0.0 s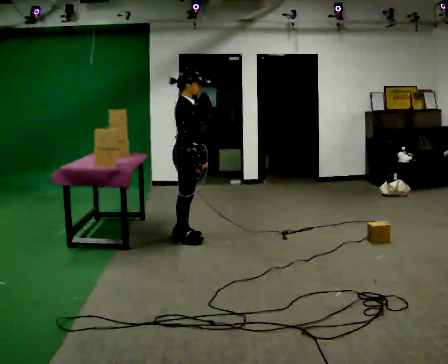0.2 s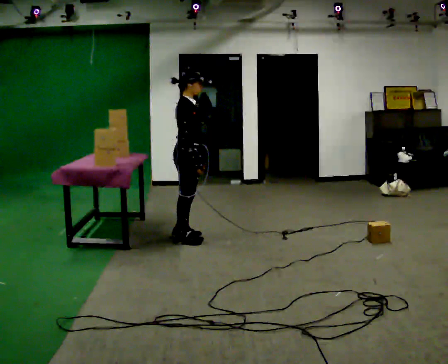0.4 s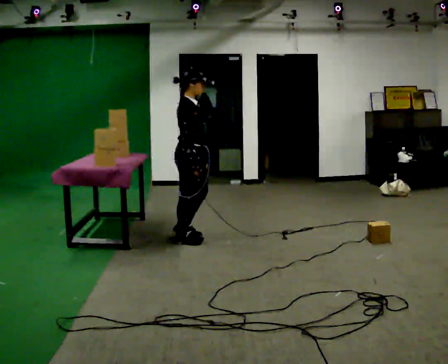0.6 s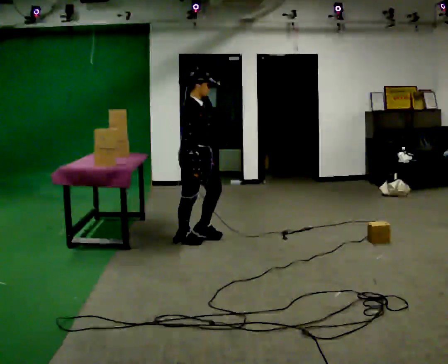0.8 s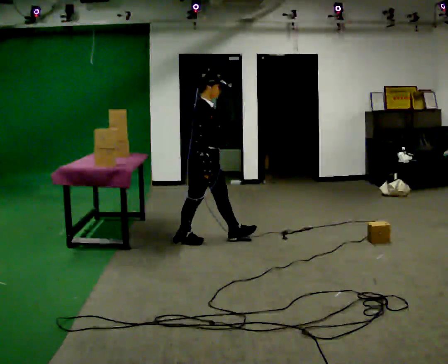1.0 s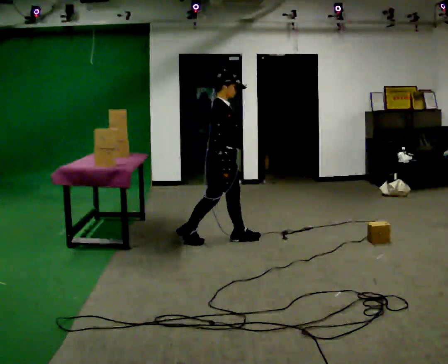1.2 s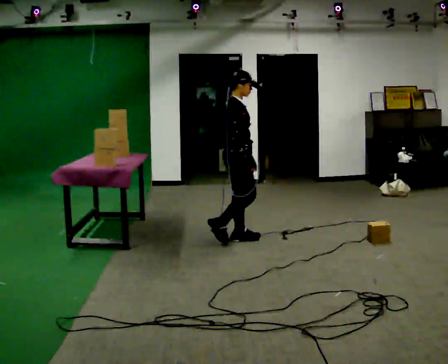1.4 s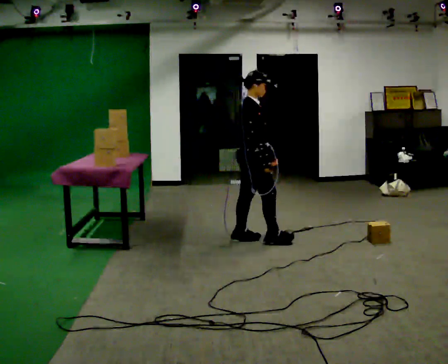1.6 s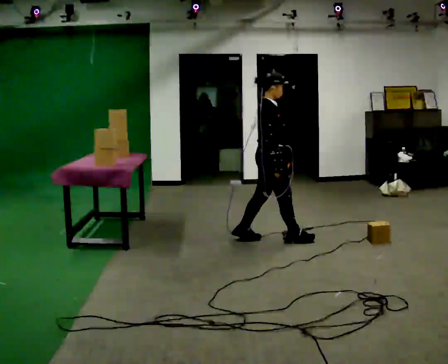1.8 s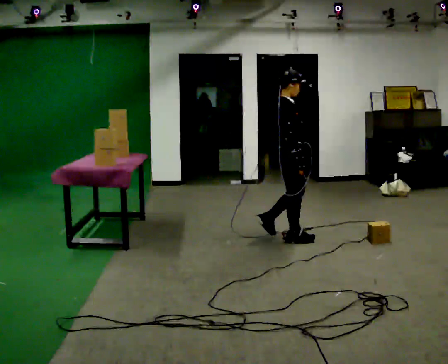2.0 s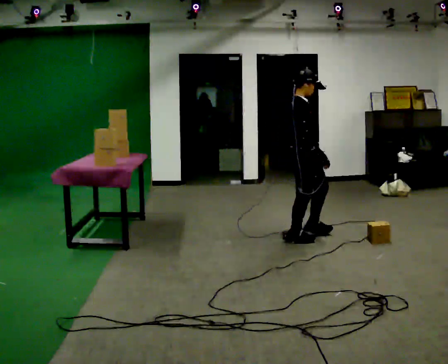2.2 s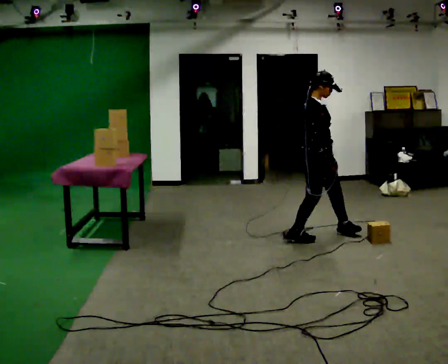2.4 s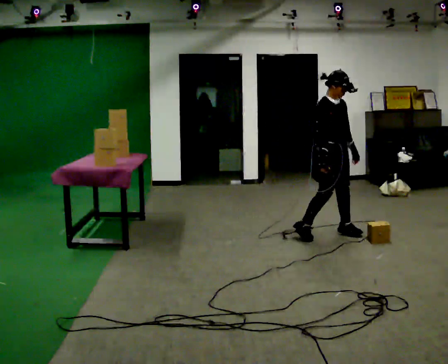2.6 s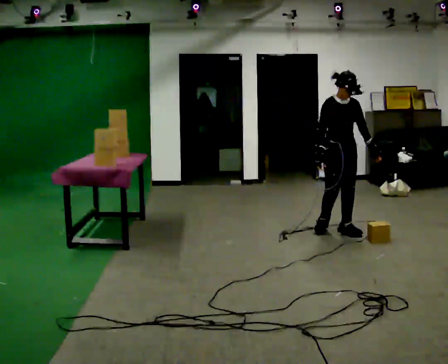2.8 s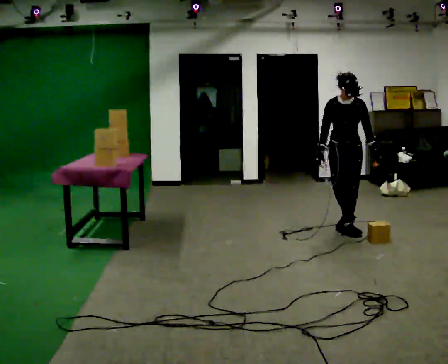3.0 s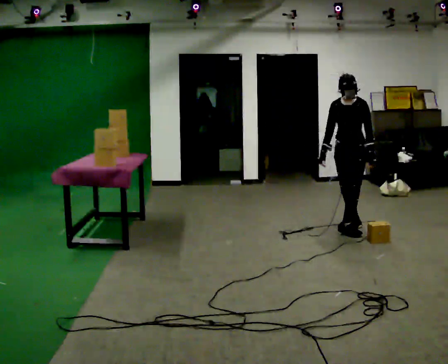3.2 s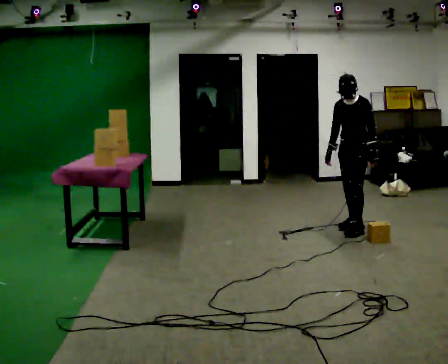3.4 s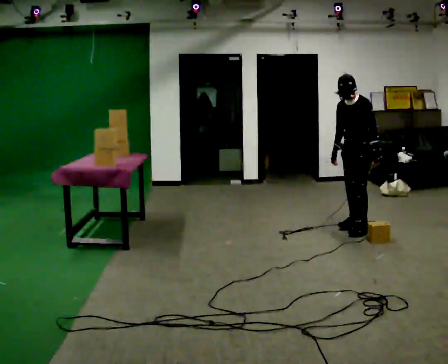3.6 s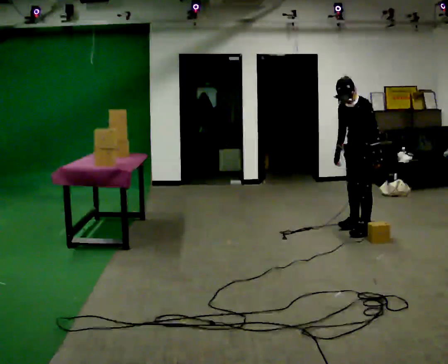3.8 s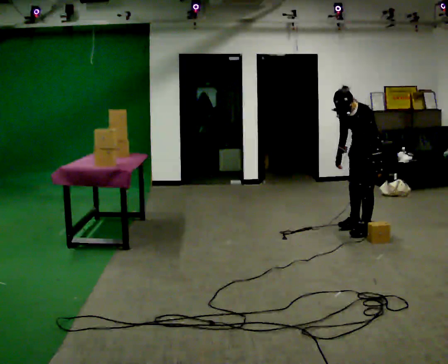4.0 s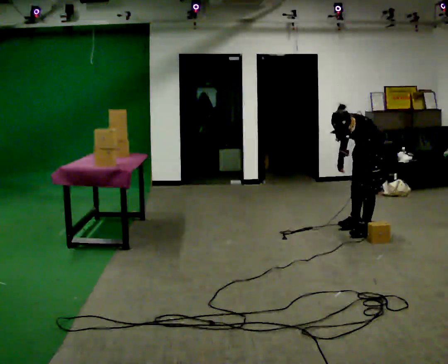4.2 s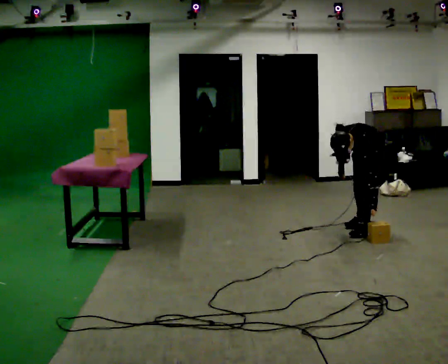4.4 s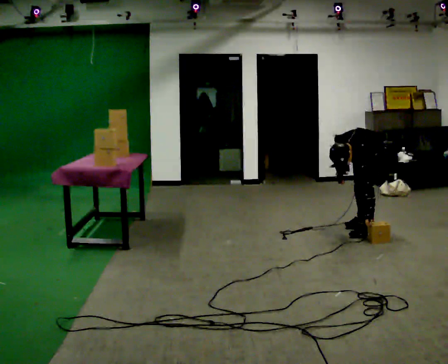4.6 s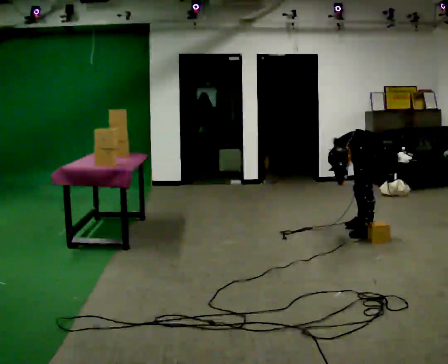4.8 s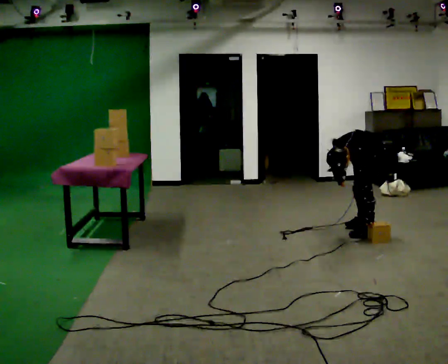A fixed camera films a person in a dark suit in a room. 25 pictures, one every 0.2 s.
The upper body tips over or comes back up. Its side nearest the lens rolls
downward.
The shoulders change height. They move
downward.
0.0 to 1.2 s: In the picture they go to the right, about 0.5 m in 1 step, which for them is forward.
1.2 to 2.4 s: The person turns about 60 degrees to their right, clockwise seen from above, so the part of the body nearest the lens slides to the left. In the picture they go to the right, about 1 m in 2 steps.
2.4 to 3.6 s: Seen from above the body turns clockwise, about 90 degrees: to their right, with its near side sliding to the left. In the picture they go to the right and away from the camera, about 0.5 m in 2 steps. In the picture the upper body tilts counterclockwise, shoulders to the left, as they bend forward.
3.6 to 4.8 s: The shoulders move downward. The upper body tips toward the camera, its near side rolling downward, as they bend forward.
The film runs forward here.
